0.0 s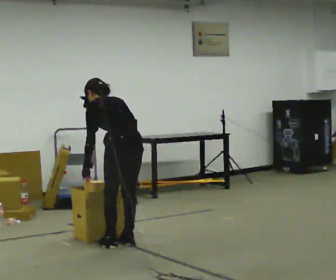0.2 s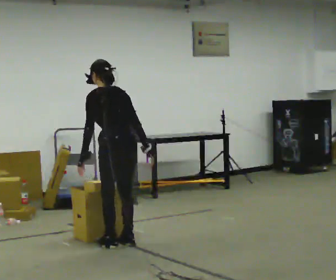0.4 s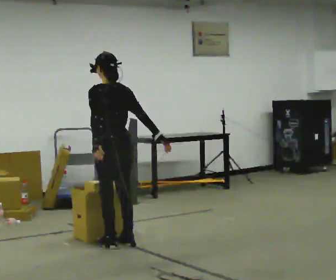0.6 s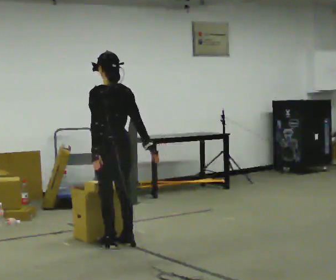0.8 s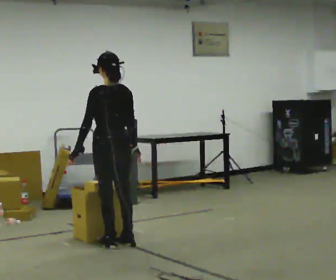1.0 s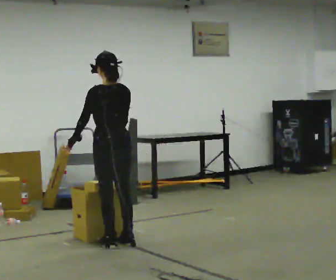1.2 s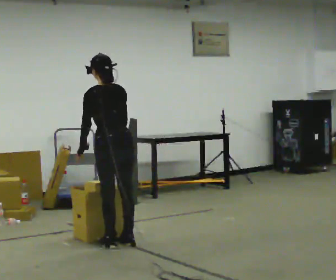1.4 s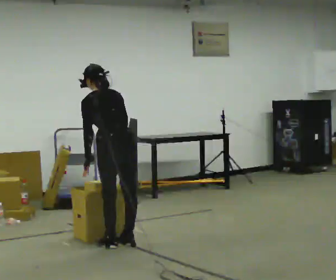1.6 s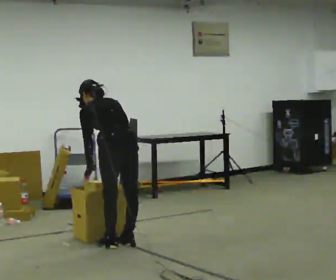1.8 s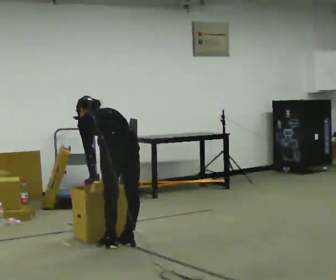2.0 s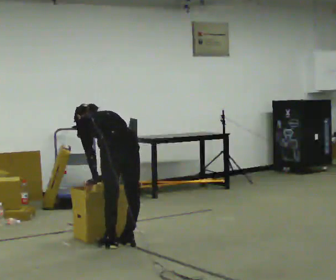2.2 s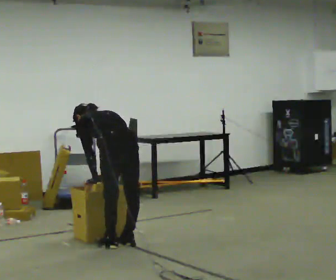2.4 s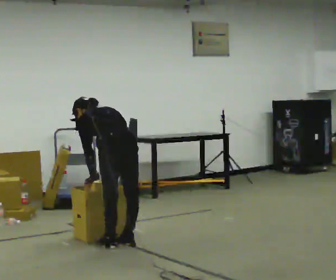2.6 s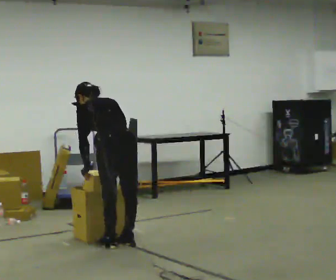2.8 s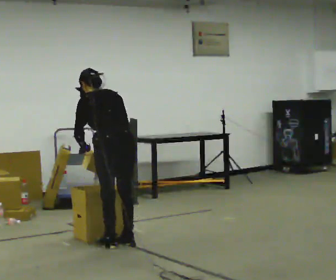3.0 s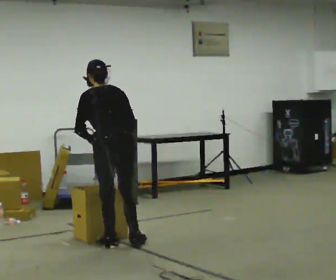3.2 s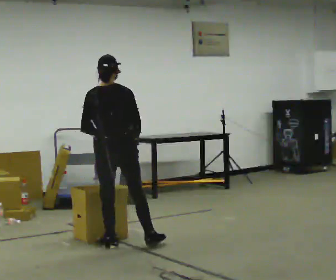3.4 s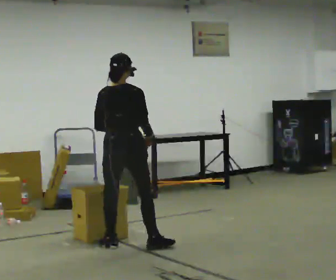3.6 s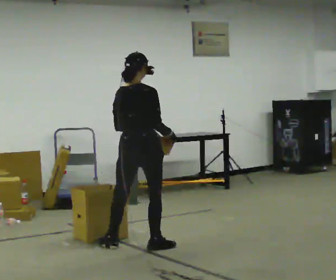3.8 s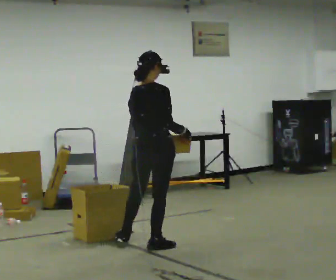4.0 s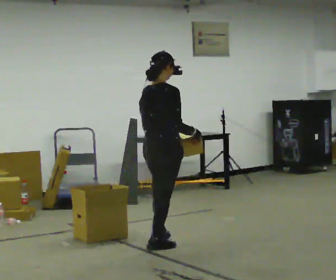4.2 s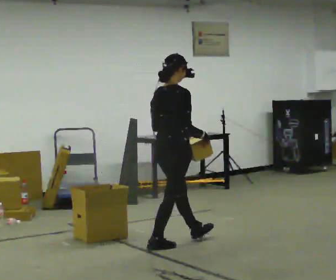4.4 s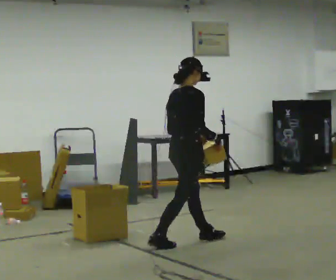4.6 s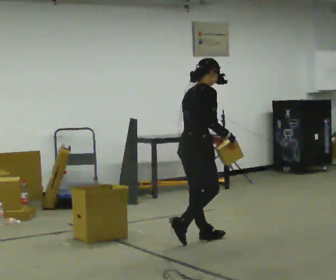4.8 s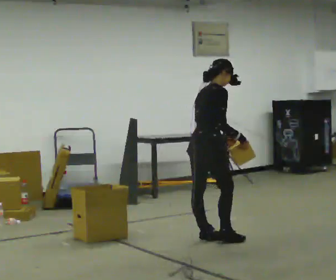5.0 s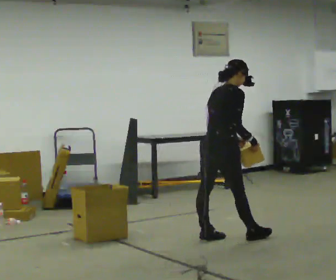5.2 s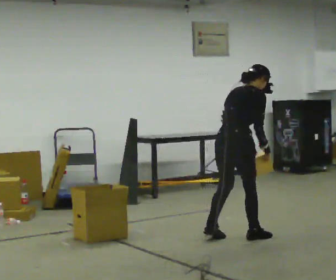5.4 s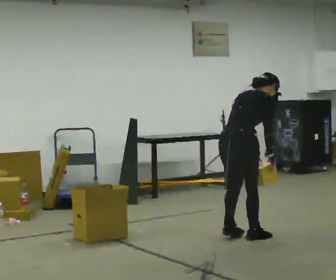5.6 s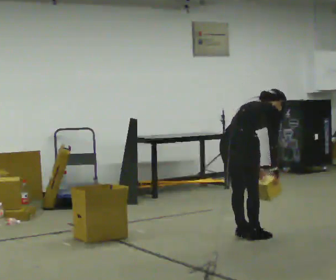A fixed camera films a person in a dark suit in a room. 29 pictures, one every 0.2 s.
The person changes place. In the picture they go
to the right.
0.0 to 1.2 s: The person moves a little, or ends about where they began.
1.2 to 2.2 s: The shoulders move downward. The upper body tips away from the camera, its near side rolling upward, as they bend forward.
2.2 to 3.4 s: The part of the body nearest the lens slides to the left as the person turns to their right by about 45 degrees. The upper body goes upward. The upper body tips toward the camera, its near side rolling downward, as they lean back or straighten. In the picture their right hand goes to the right and upward.
3.4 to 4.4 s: The part of the body nearest the lens slides to the left as the person turns to their right by about 45 degrees. In the picture they go to the right, about 0.5 m in 1 step, which for them is forward and to their right.
4.4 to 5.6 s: In the picture they go to the right, about 0.5 m in 2 steps, which for them is forward and to their right. The upper body goes downward. In the picture the upper body tilts clockwise, shoulders to the right, as they bend forward. In the picture their right hand goes downward.
The film runs forward here.
